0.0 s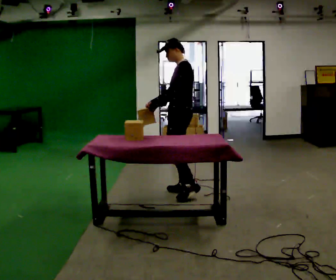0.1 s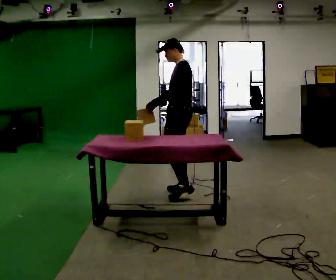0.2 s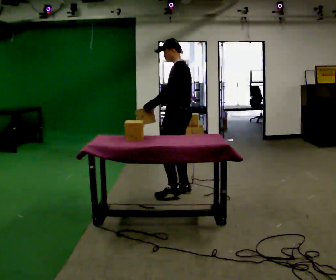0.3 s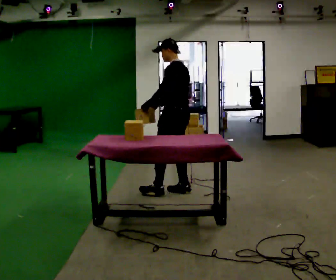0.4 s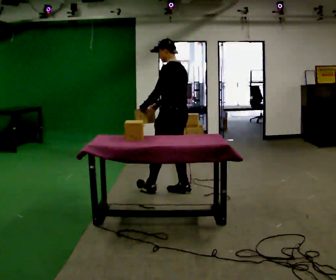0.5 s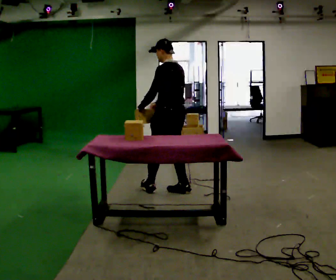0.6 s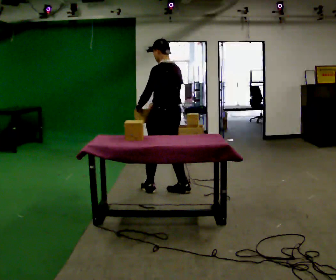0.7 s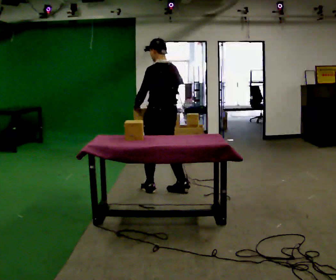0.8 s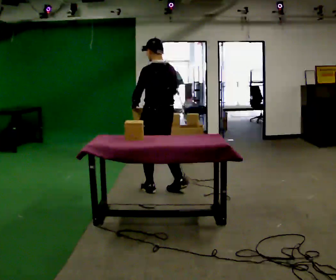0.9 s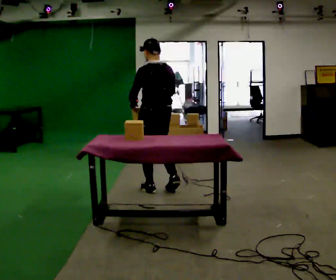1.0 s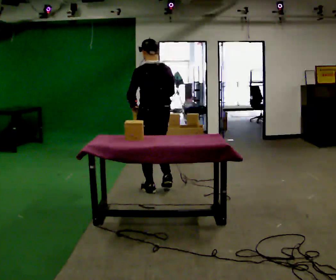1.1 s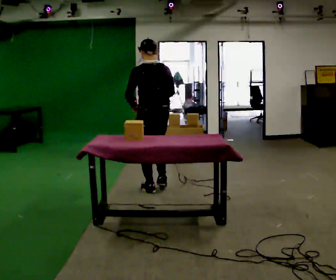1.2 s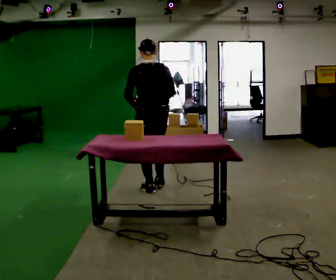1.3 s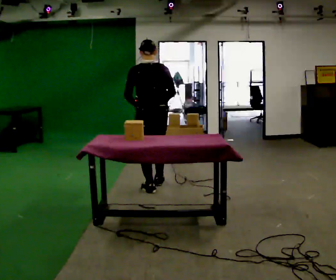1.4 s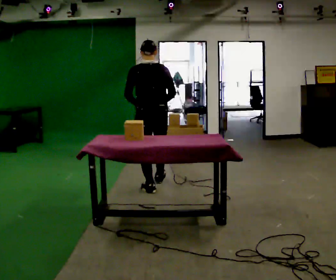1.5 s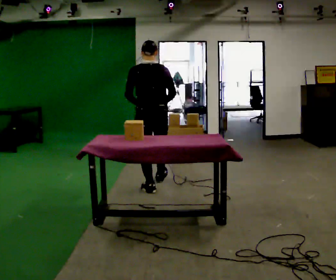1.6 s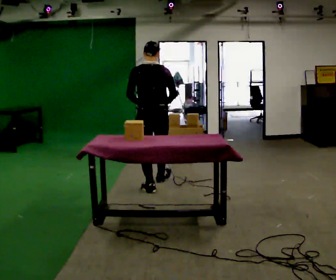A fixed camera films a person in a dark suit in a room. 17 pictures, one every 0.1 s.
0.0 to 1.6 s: The person turns about 75 degrees to their right, clockwise seen from above, so the part of the body nearest the lens slides to the left. In the picture they go to the left and away from the camera, about 0.5 m in 2 steps.
The film runs forward here.
